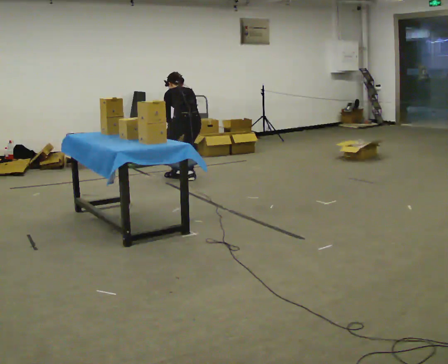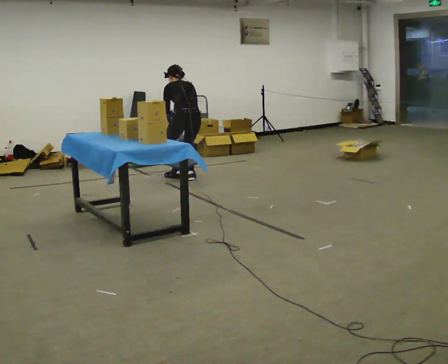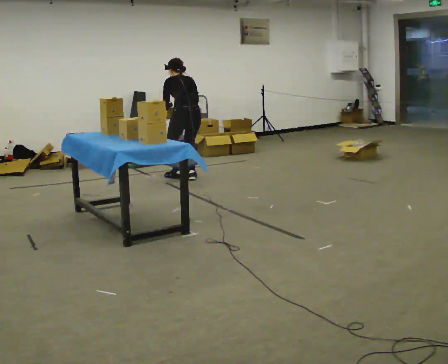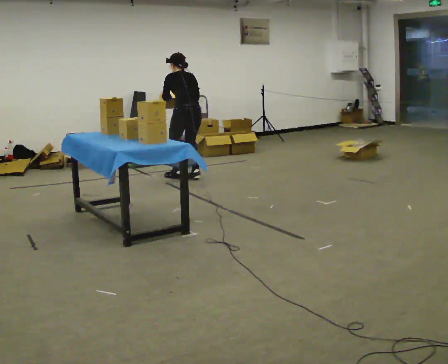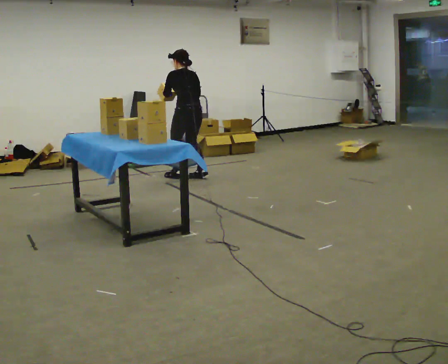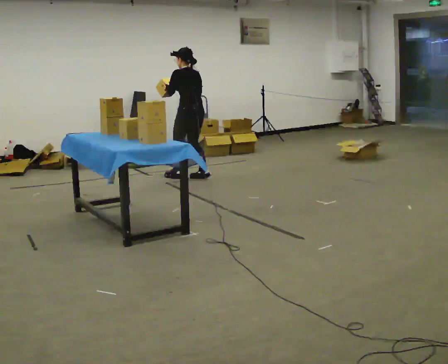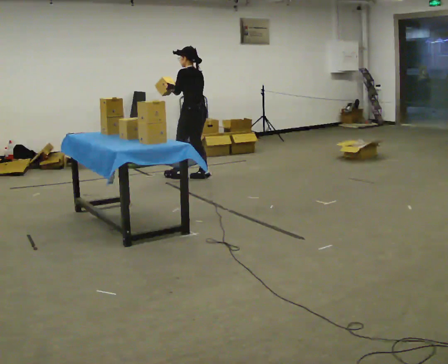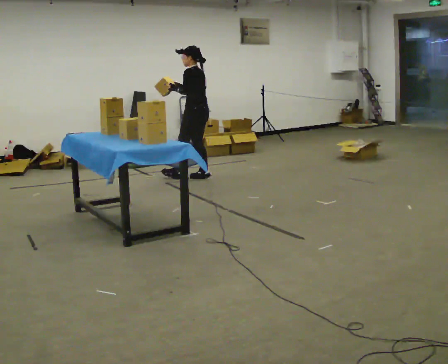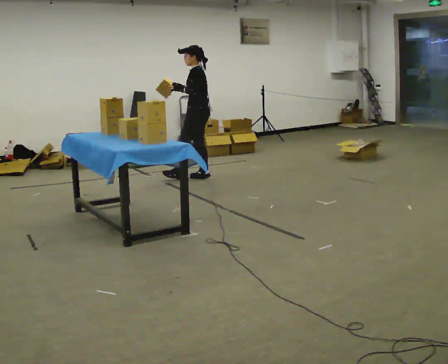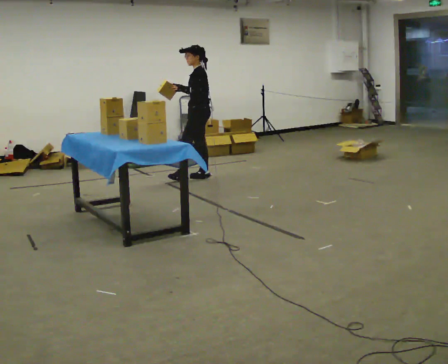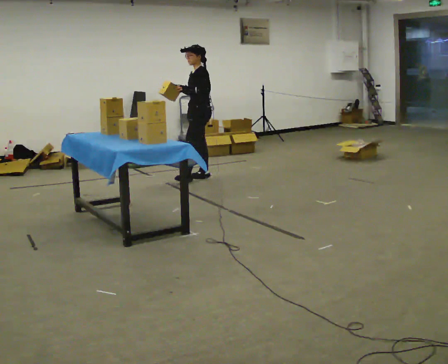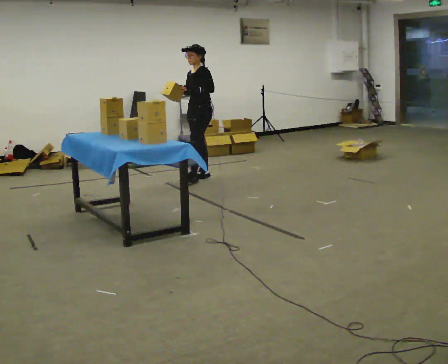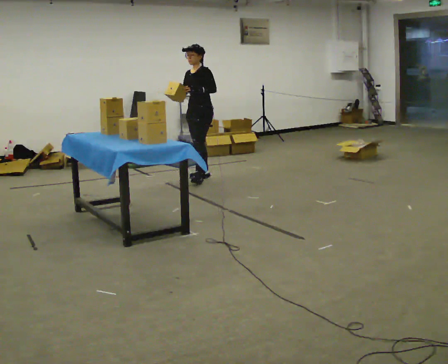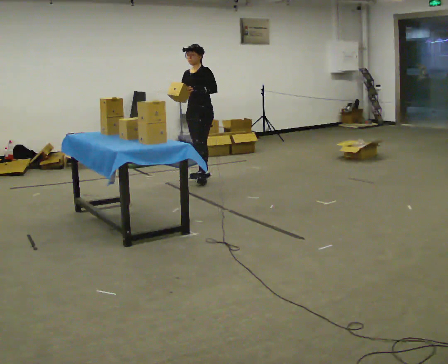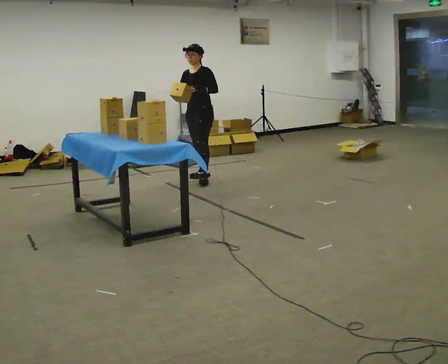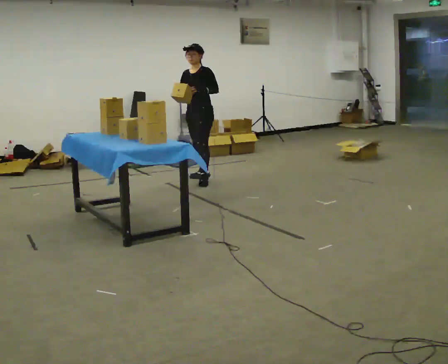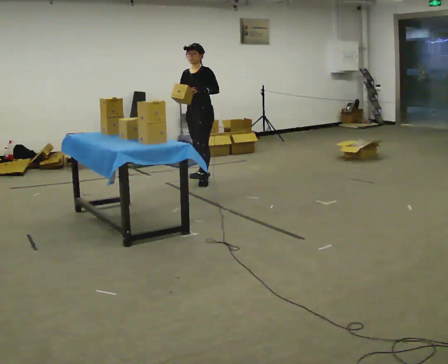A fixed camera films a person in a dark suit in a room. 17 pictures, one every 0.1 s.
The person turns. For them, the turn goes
to their left.
Their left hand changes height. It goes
upward.
0.0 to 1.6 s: The person turns about 105 degrees to their left, counterclockwise seen from above, so the part of the body nearest the lens slides to the right. In the picture they go to the right, about 0.25 m in 2 steps. The upper body goes upward. The upper body tips toward the camera, its near side rolling downward, as they lean back or straighten. In the picture their right hand goes upward.
The film runs forward here.
